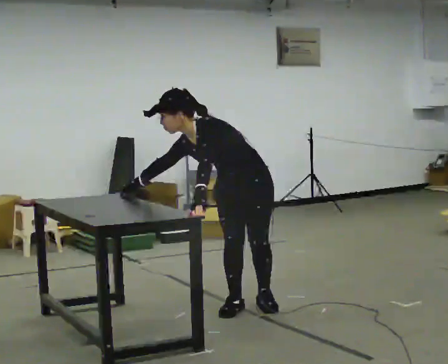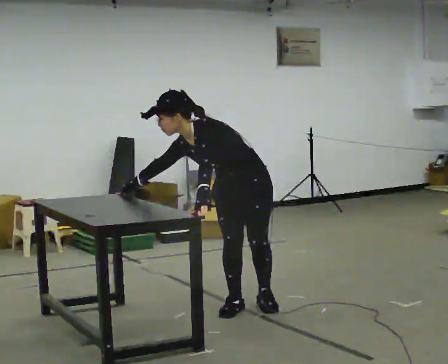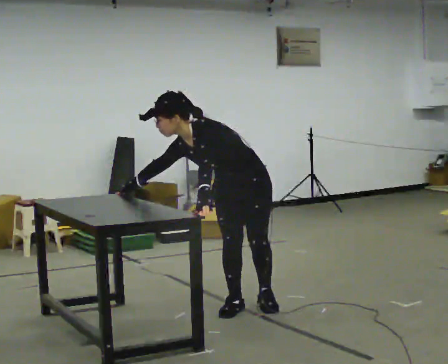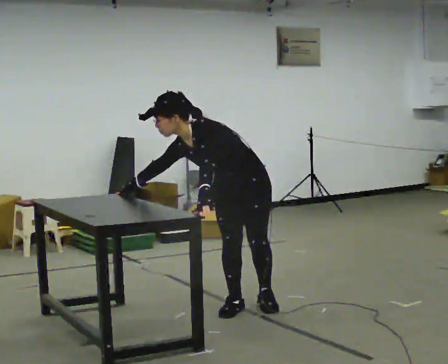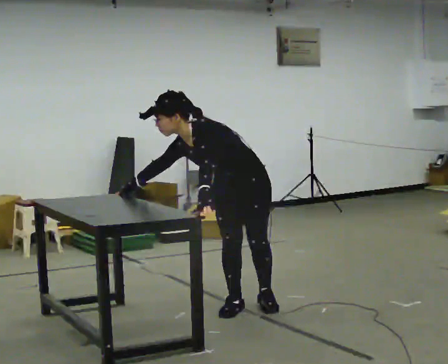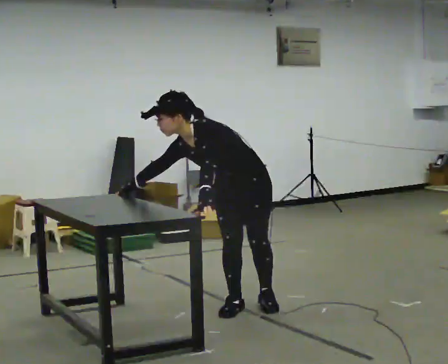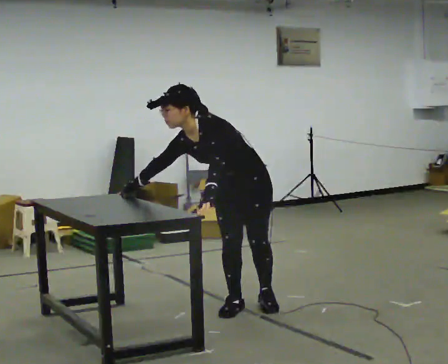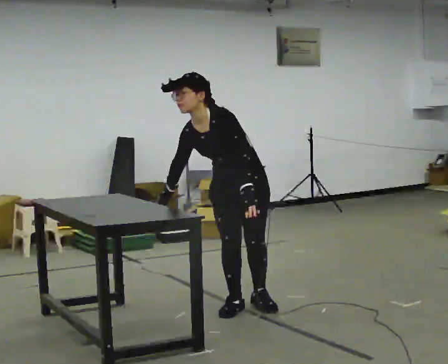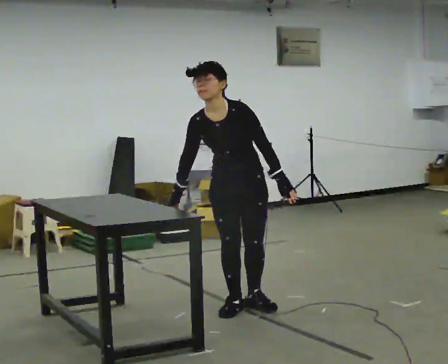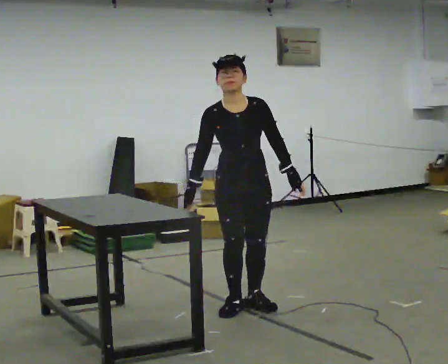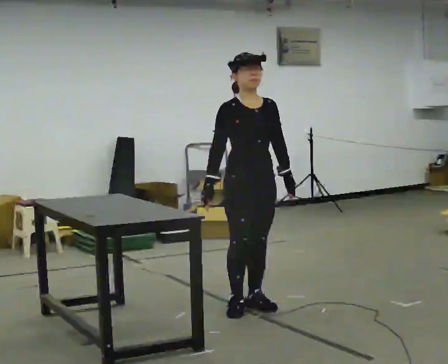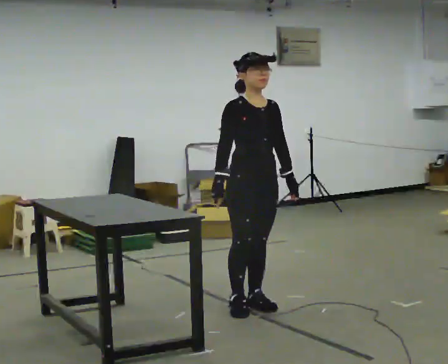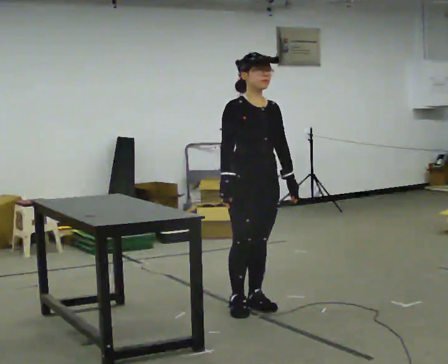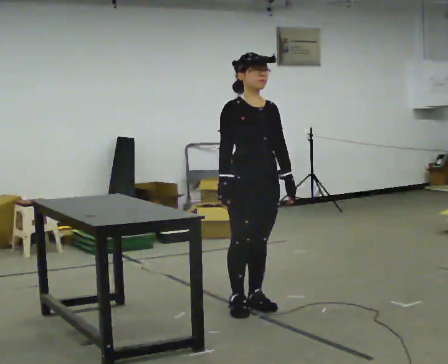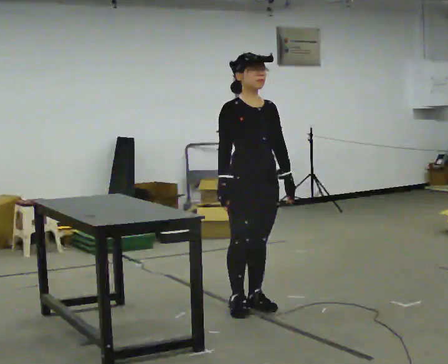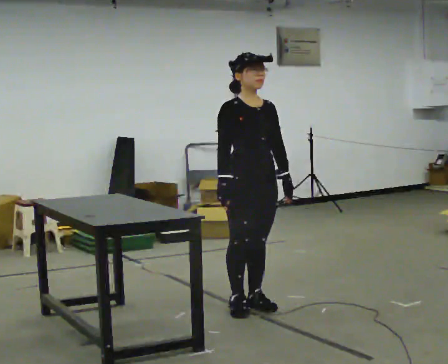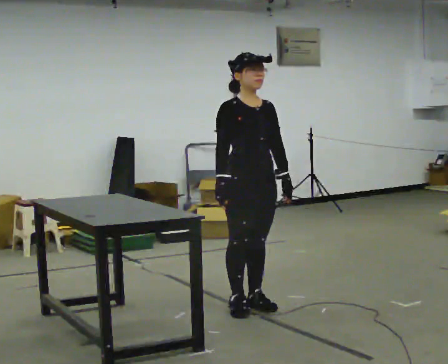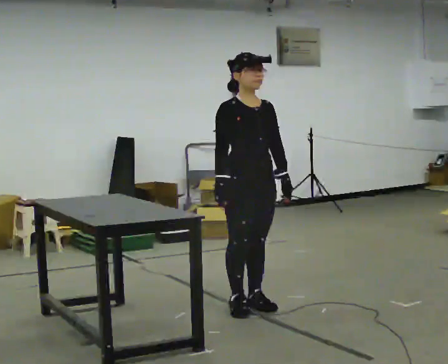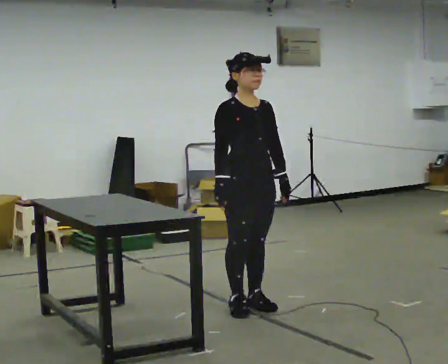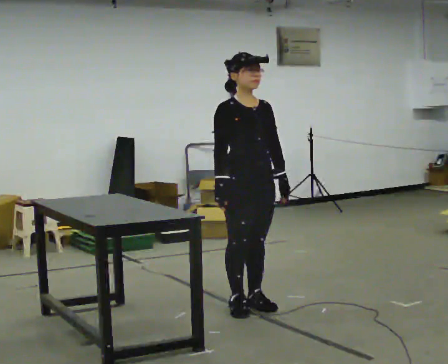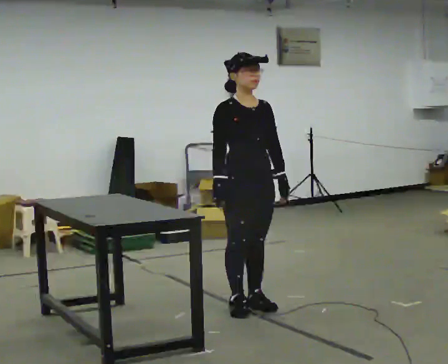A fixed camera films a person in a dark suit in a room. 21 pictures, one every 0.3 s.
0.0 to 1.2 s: The person keeps their place and pose.
1.2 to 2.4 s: The person turns about 30 degrees to their left, counterclockwise seen from above, so the part of the body nearest the lens slides to the right. In the picture the upper body tilts clockwise, shoulders to the right, as they lean back or straighten. In the picture their left hand goes to the right.
2.4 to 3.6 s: The part of the body nearest the lens slides to the right as the person turns to their left by about 30 degrees. The upper body tips away from the camera, its near side rolling upward, as they lean back or straighten.
3.6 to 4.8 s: The person moves a little, or ends about where they began.
4.8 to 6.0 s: The person keeps their place and pose.
The film runs forward here.
